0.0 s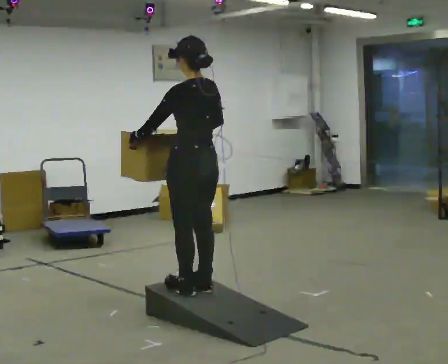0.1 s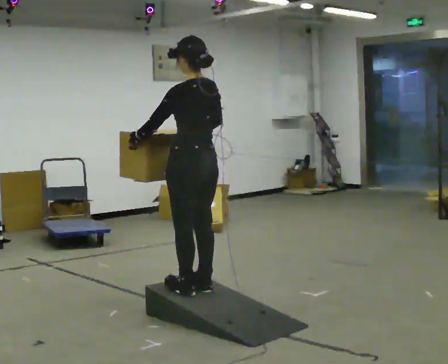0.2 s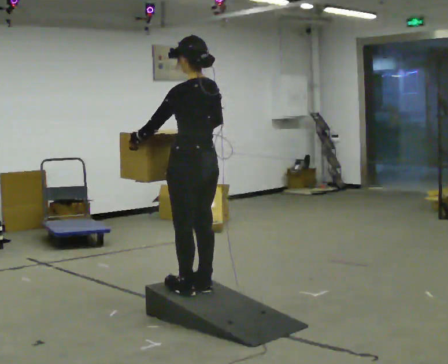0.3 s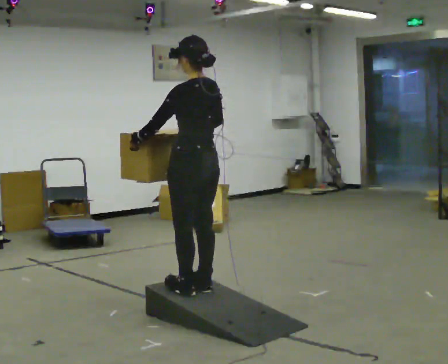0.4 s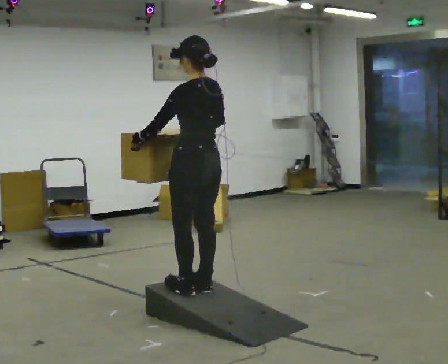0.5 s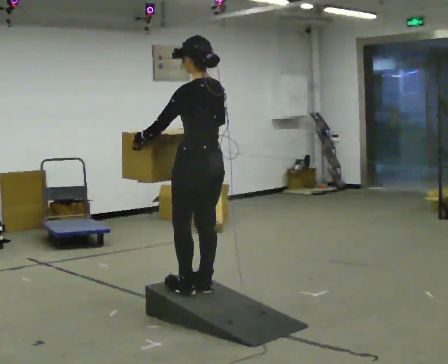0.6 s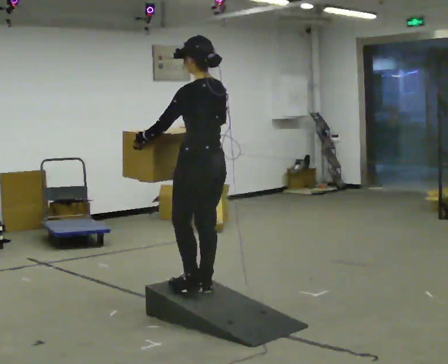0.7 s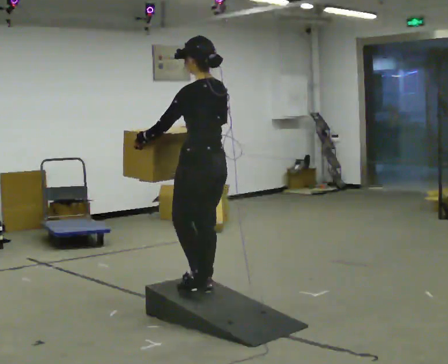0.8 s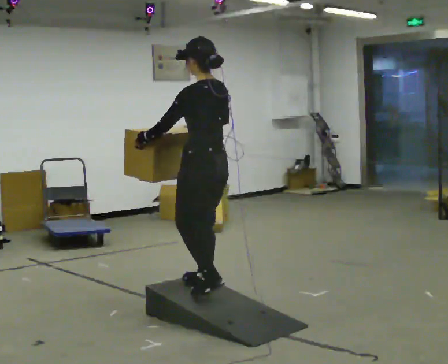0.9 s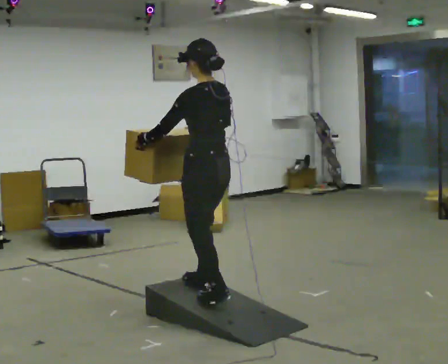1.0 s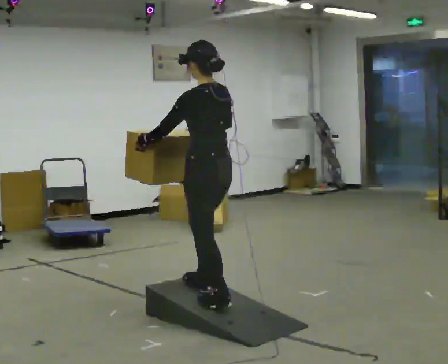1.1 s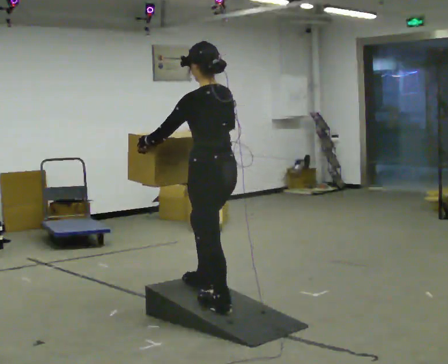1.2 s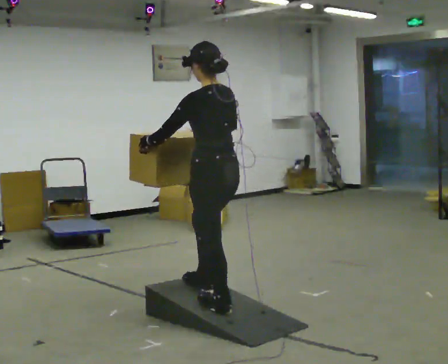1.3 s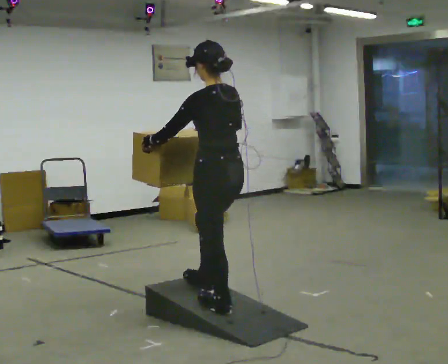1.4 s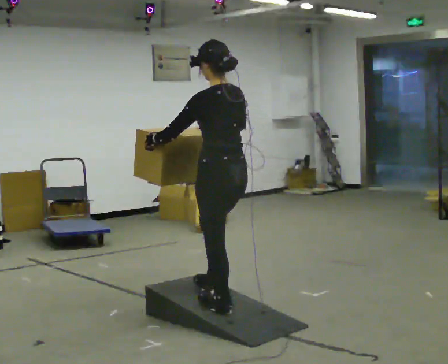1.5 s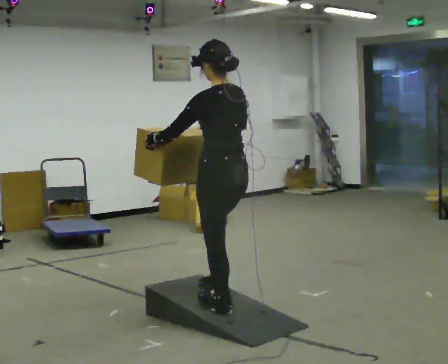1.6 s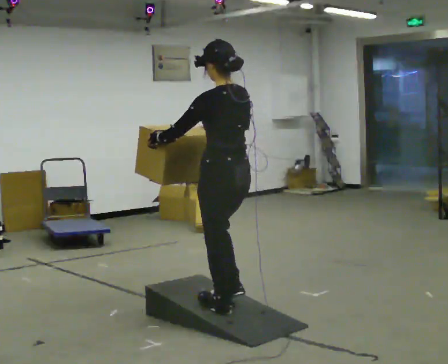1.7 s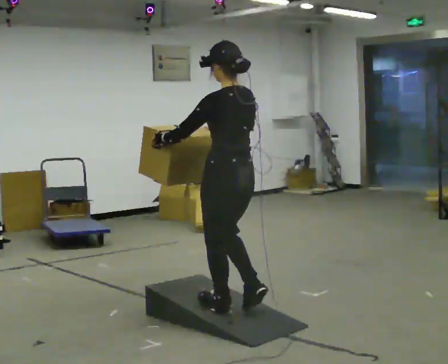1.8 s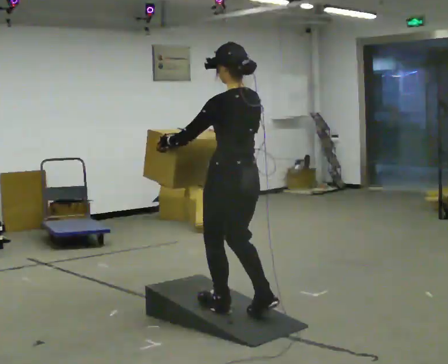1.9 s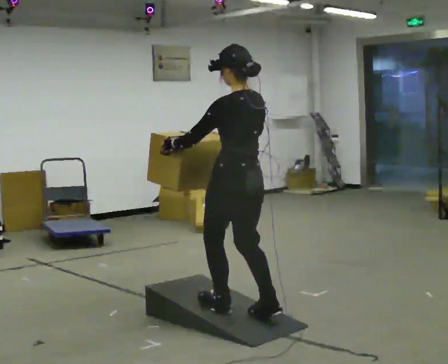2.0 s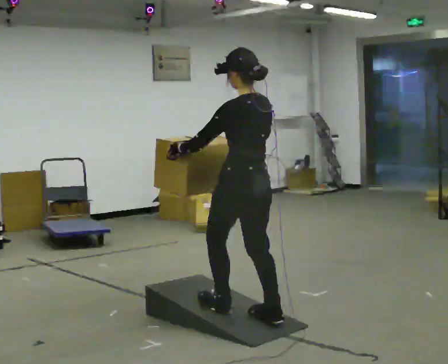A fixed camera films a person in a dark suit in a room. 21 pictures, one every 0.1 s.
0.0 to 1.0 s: The person moves a little, or ends about where they began.
1.0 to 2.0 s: In the picture they go toward the camera, about 0.25 m in 1 step, which for them is backward.
The film runs backward here.
